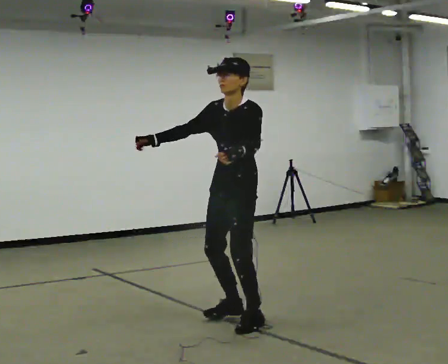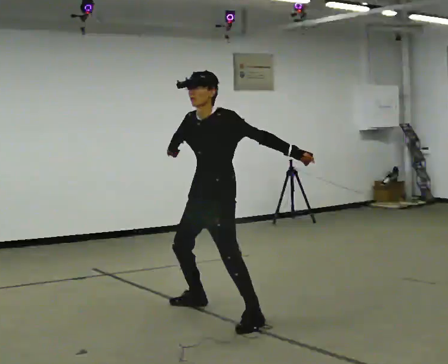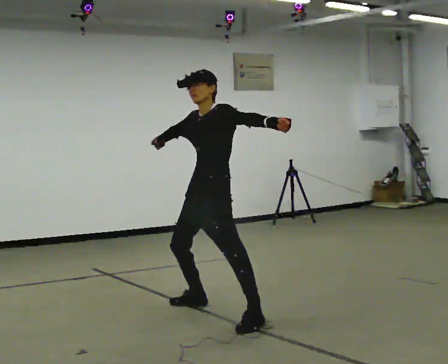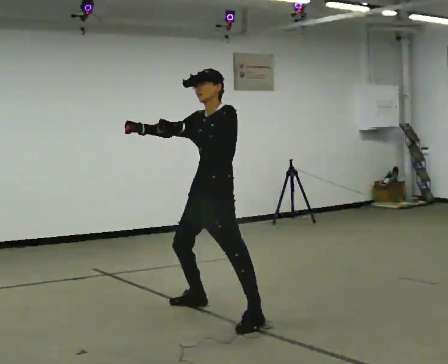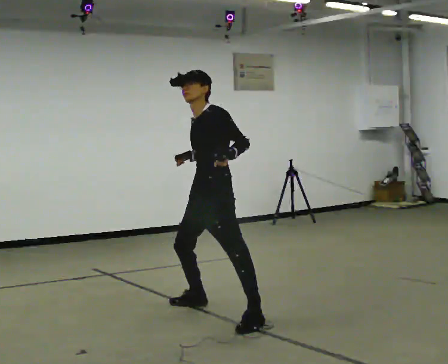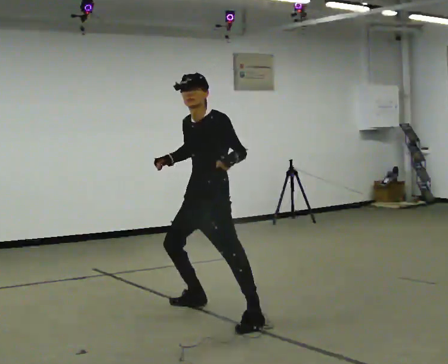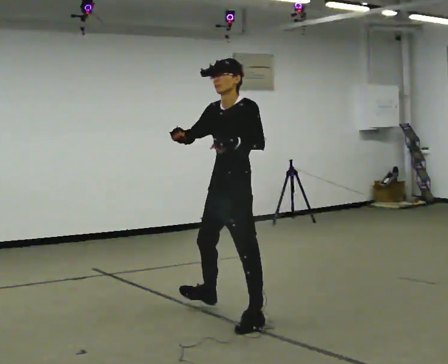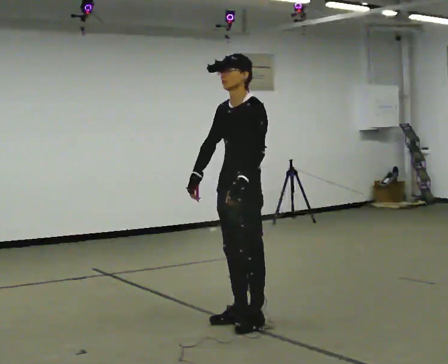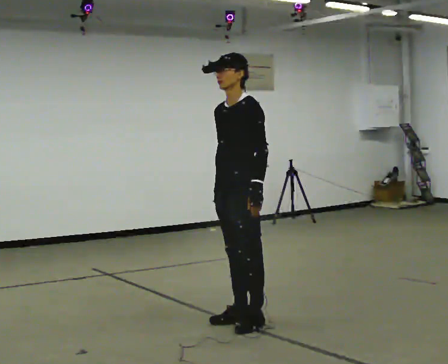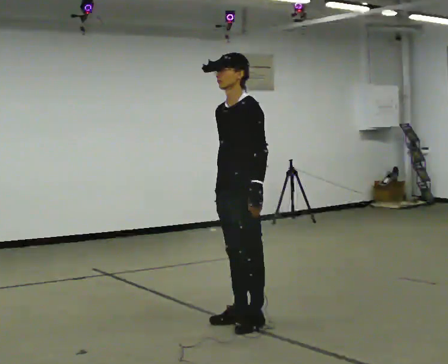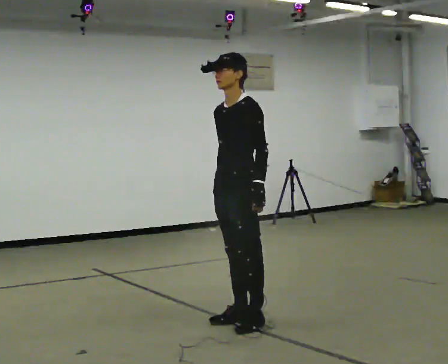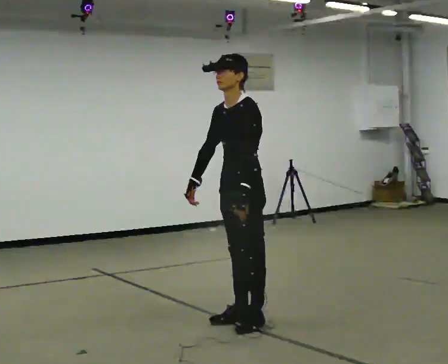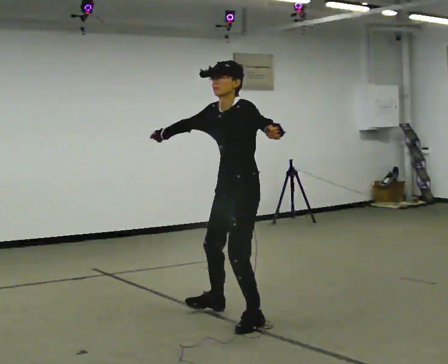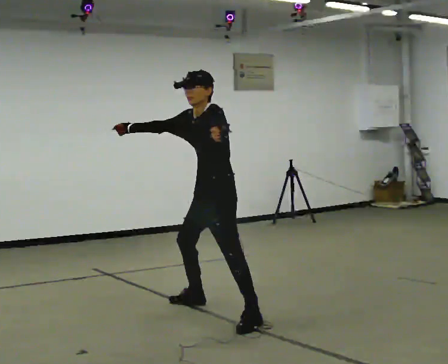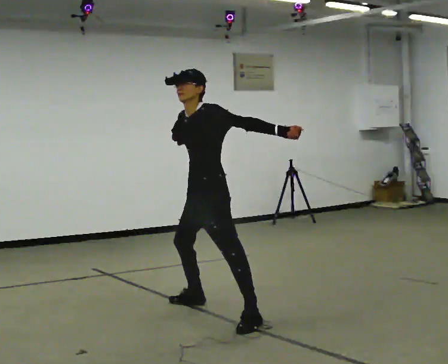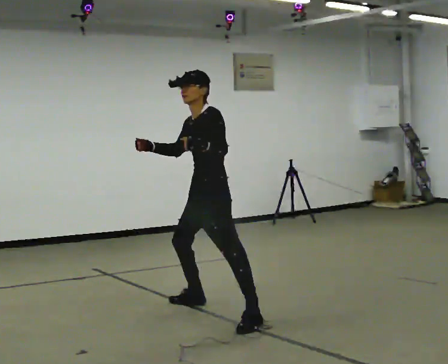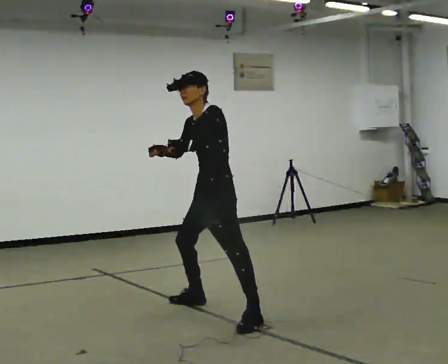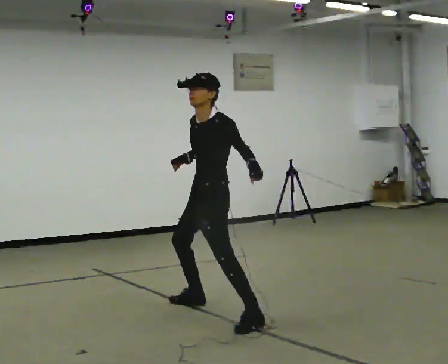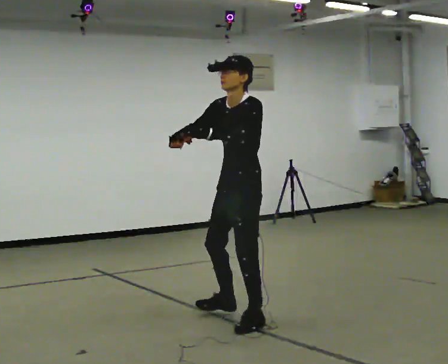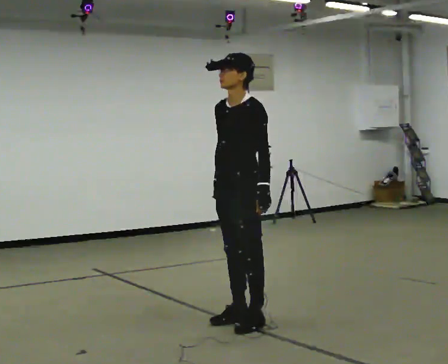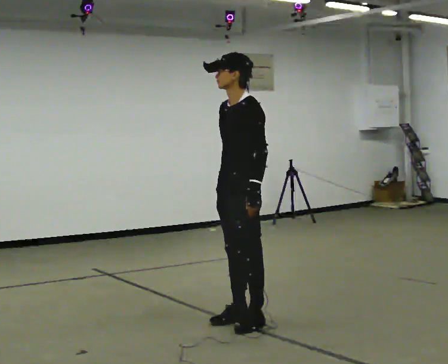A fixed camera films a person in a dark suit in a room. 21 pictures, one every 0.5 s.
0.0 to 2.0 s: In the picture they go away from the camera and to the left, about 0.25 m, which for them is to their right.
2.0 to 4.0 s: In the picture they go toward the camera and to the right, about 0.25 m in 1 step, which for them is to their left.
4.0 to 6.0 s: In the picture their right hand goes to the left and upward, the arm swinging clockwise.
6.0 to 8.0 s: In the picture they go away from the camera and to the left, about 0.25 m, which for them is to their right.
8.0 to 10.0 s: In the picture they go toward the camera and to the right, about 0.25 m in 1 step, which for them is to their left.
The film runs backward here.
